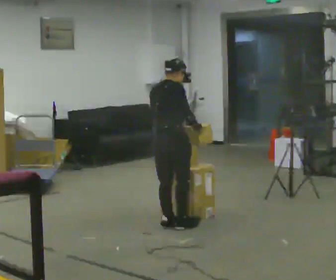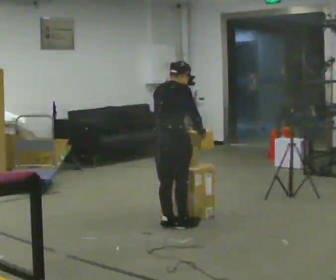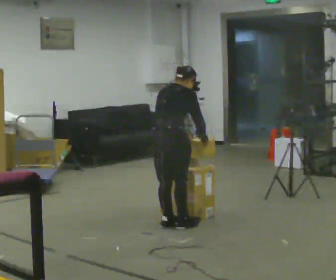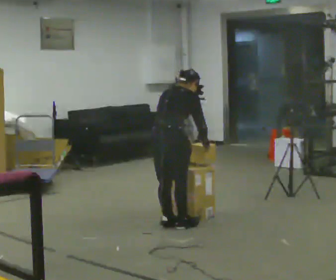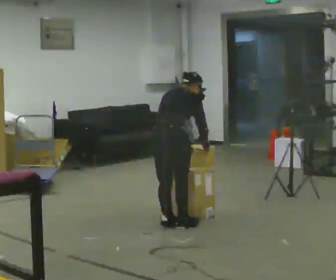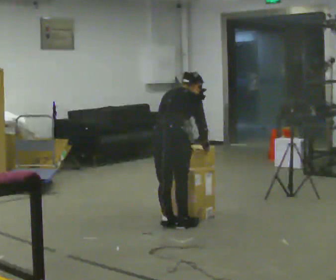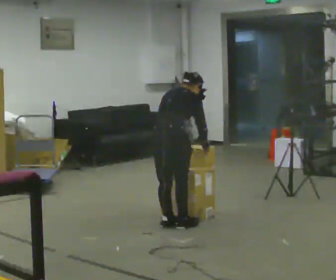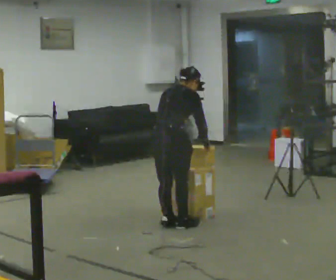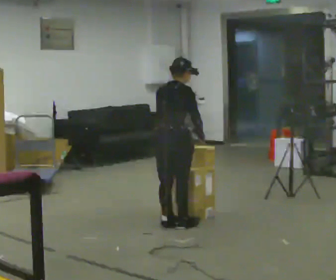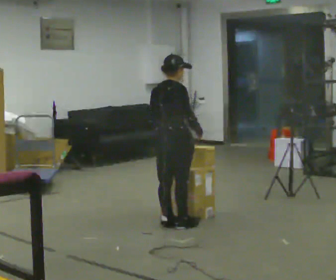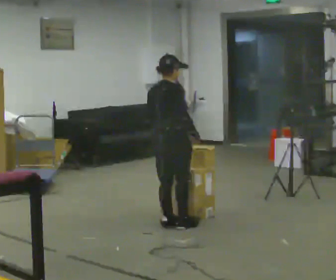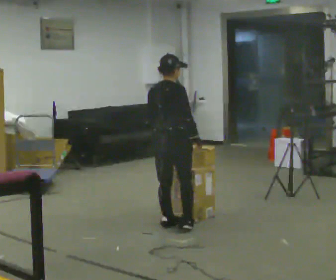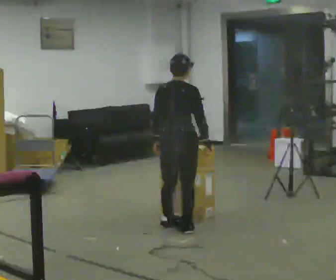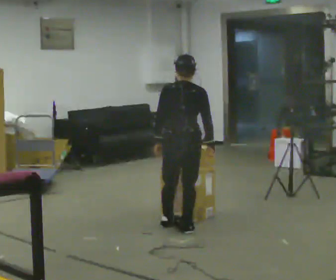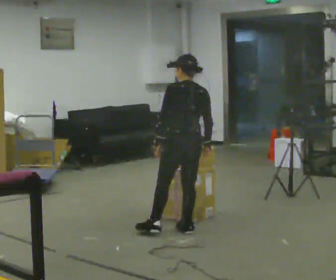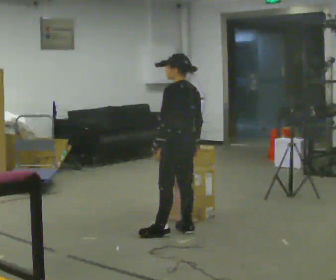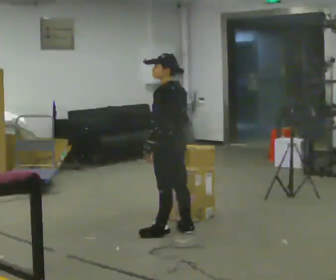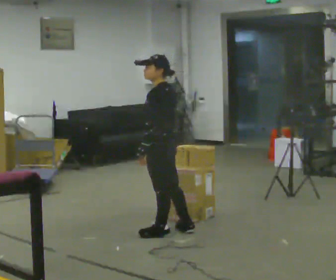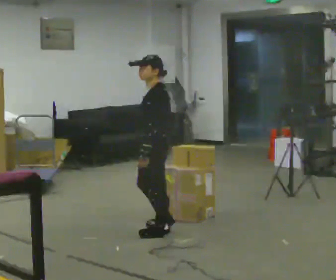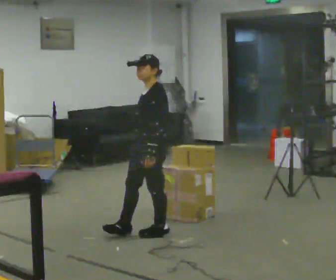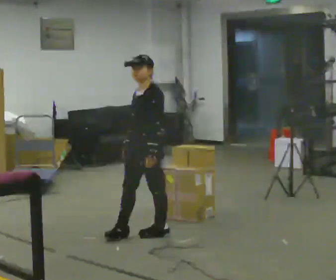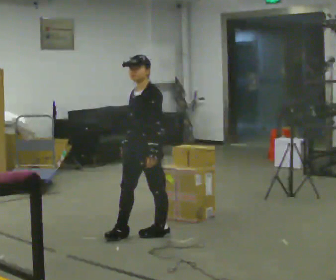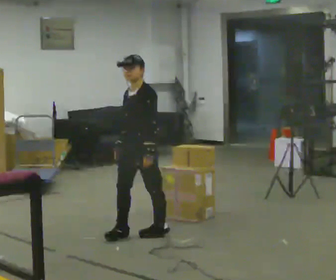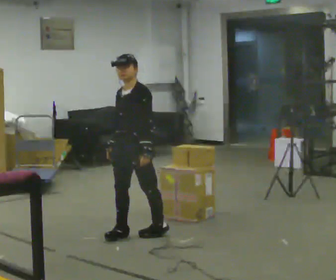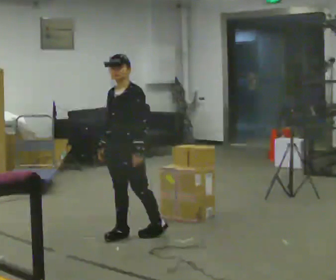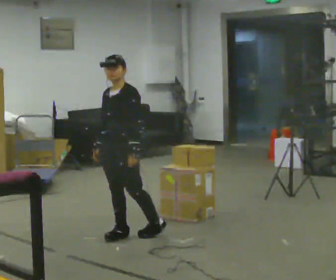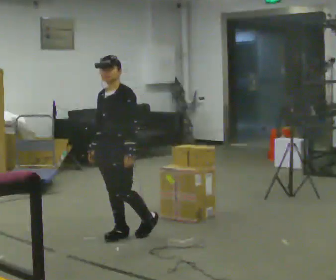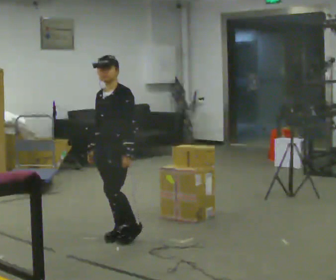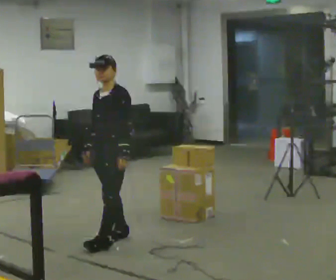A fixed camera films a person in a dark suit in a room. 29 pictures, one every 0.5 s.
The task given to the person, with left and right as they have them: Take an object down from the highest shelf you can comfortably reach, carry it across, and place it on the waist-height shelf. Keep going until the operator says stop; one object at a time, and do not rush between trips.
0.0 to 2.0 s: The upper body tips away from the camera, its near side rolling upward, as they bend forward.
2.0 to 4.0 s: The upper body tips toward the camera, its near side rolling downward, as they lean back or straighten.
4.0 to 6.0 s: The person moves a little, or ends about where they began.
6.0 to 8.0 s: The person turns about 75 degrees to their left, counterclockwise seen from above, so the part of the body nearest the lens slides to the right. In the picture they go toward the camera, about 0.25 m in 1 step.
8.0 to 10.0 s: Seen from above the body turns counterclockwise, about 60 degrees: to their left, with its near side sliding to the right. In the picture they go to the left, about 0.25 m in 1 step, which for them is forward. In the picture their right hand goes to the left.
10.0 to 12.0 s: In the picture they go to the left, about 0.25 m, which for them is forward.
12.0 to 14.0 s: The person moves a little, or ends about where they began.
The film runs forward here.
